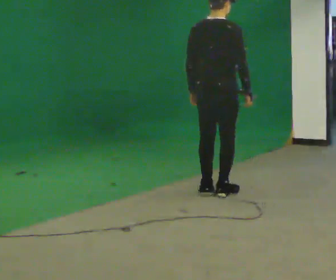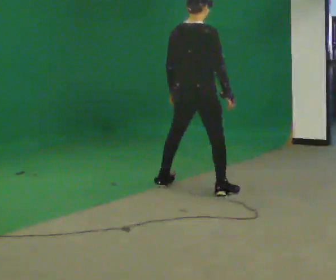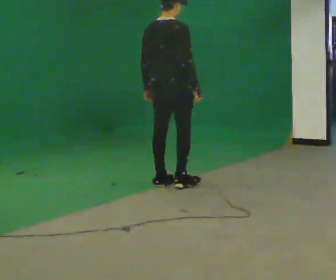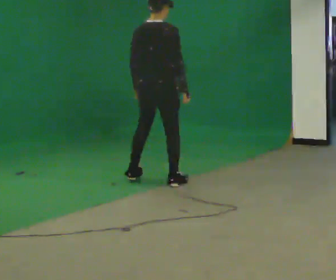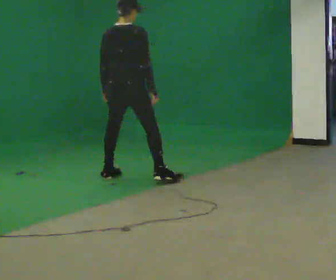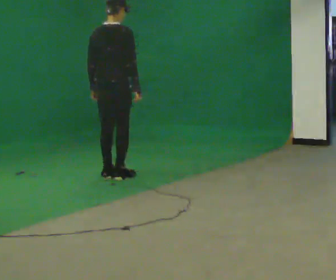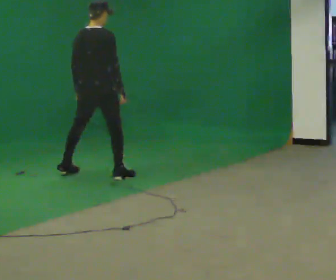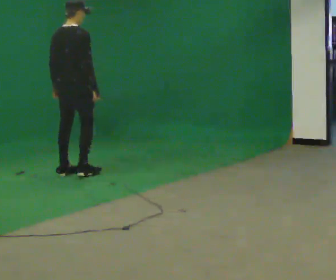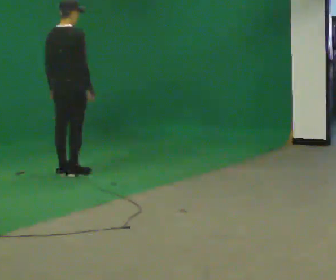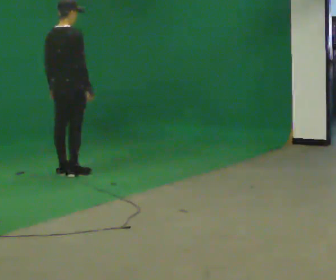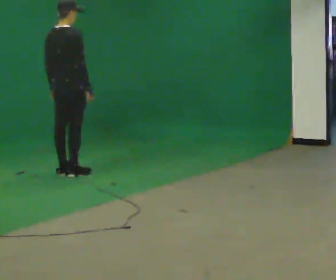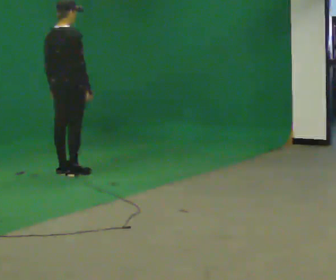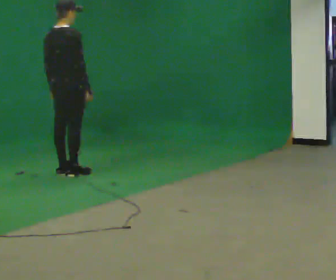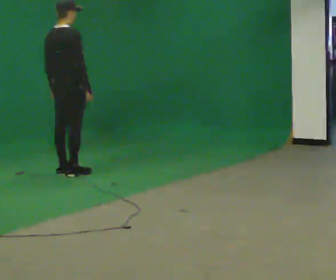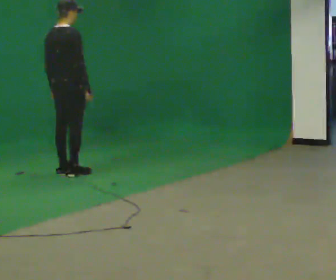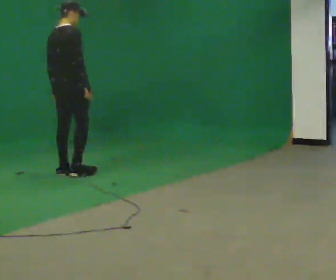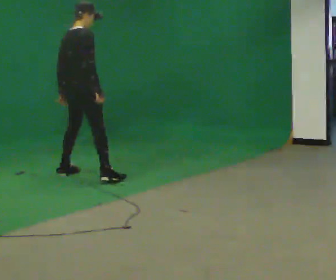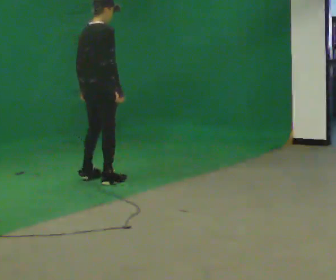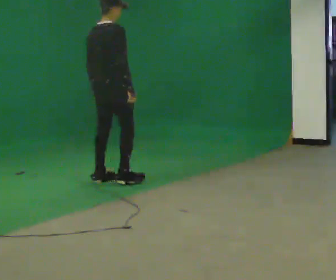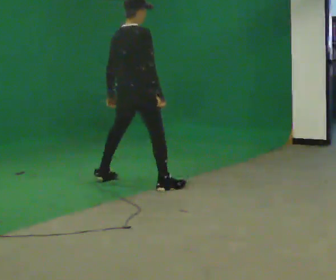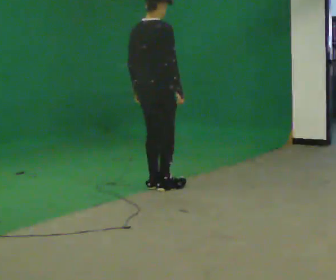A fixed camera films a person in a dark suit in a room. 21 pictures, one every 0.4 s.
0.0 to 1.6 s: In the picture they go away from the camera and to the left, about 1 m in 3 steps, which for them is to their left.
1.6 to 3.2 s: In the picture they go to the left and away from the camera, about 0.75 m in 3 steps, which for them is to their left.
3.2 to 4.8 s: The person keeps their place and pose.
4.8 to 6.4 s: In the picture they go toward the camera, about 0.25 m, which for them is to their right.
6.4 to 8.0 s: In the picture they go toward the camera and to the right, about 1 m in 4 steps, which for them is to their right.
The film runs forward here.
